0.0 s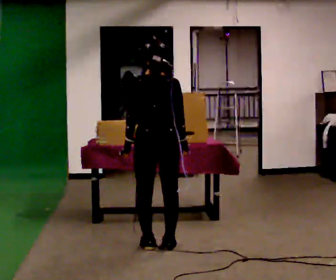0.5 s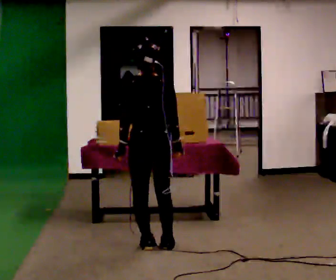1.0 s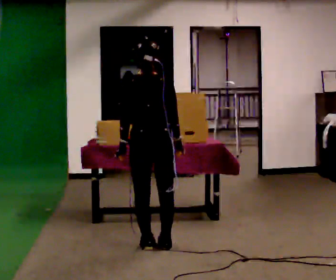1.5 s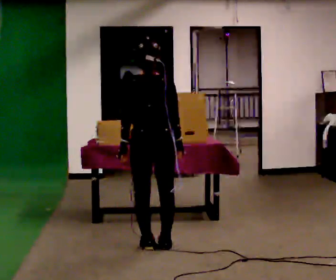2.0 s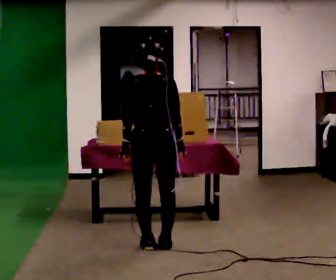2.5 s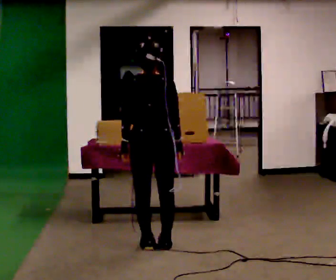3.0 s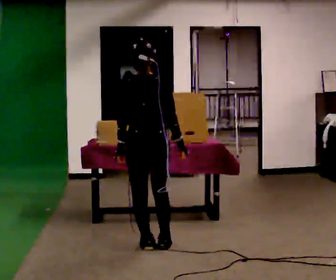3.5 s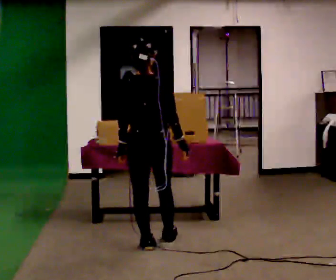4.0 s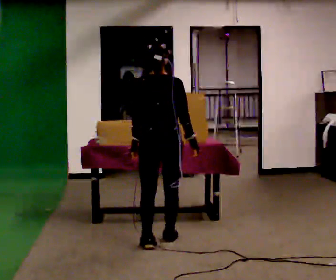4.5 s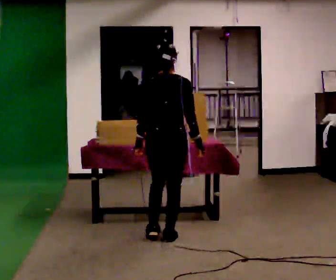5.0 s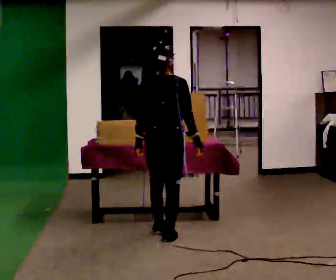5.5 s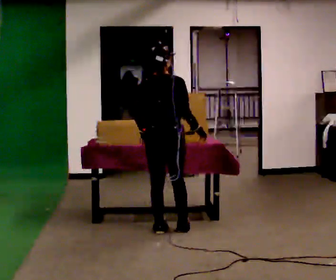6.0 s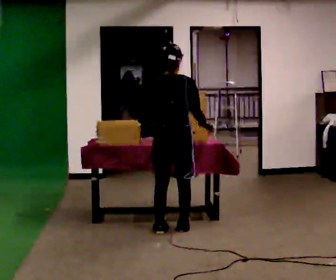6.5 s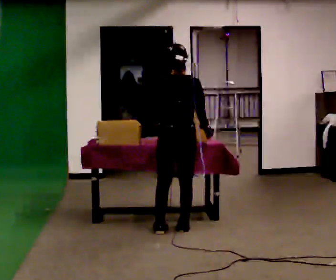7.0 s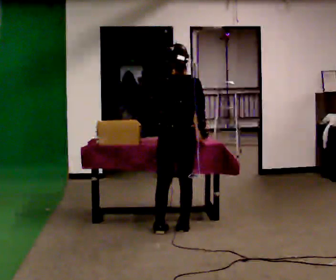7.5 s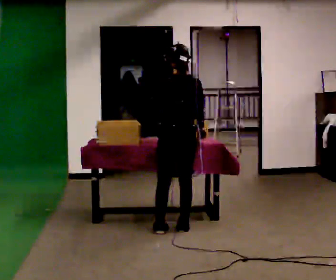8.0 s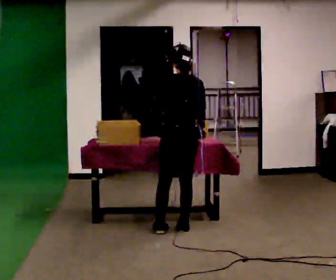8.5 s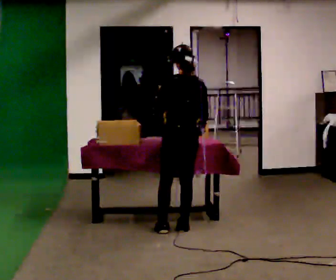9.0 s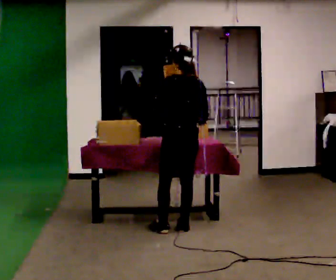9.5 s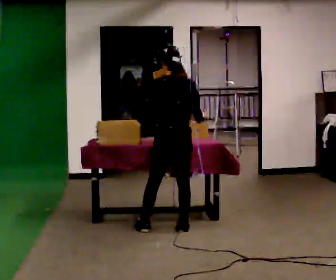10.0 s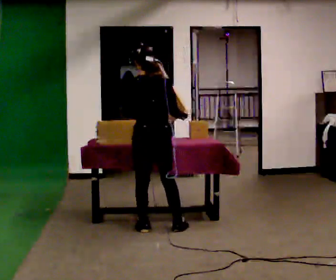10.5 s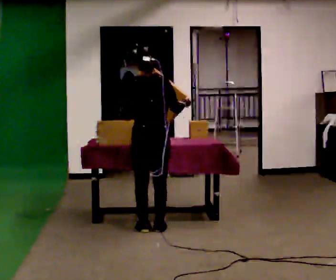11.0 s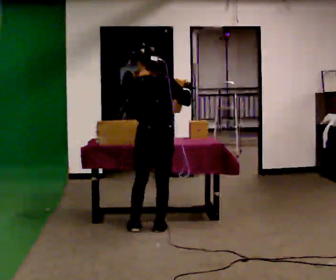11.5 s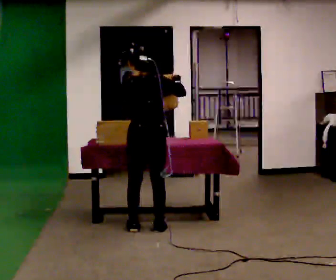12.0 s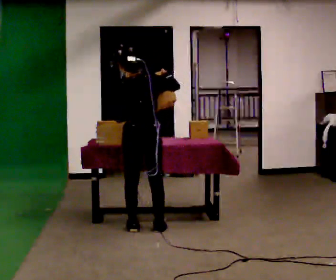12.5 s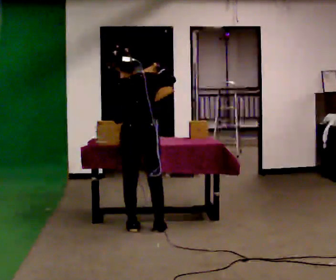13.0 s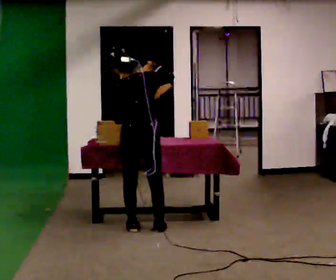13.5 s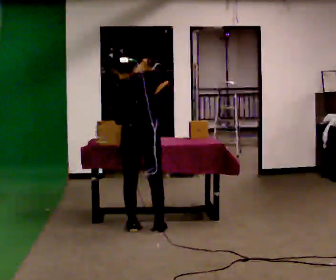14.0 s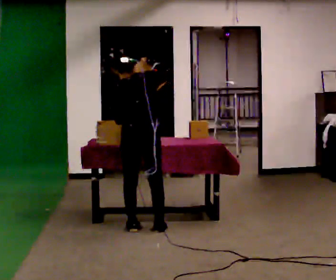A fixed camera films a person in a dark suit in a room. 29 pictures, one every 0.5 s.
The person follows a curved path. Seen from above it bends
counterclockwise.
0.0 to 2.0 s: The person moves a little, or ends about where they began.
2.0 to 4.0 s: In the picture they go away from the camera, about 0.25 m in 1 step, which for them is forward.
4.0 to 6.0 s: In the picture they go away from the camera, about 0.25 m in 2 steps, which for them is forward. In the picture their left hand goes upward.
6.0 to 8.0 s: The person moves a little, or ends about where they began.
8.0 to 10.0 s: In the picture they go to the left, about 0.25 m, which for them is to their left.
10.0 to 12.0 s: In the picture their right hand goes upward.
12.0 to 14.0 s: The person moves a little, or ends about where they began.
The film runs forward here.
